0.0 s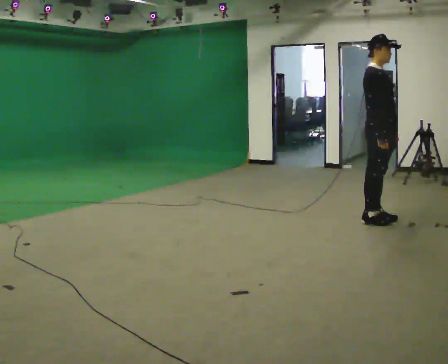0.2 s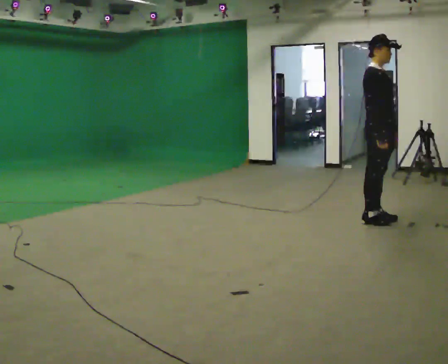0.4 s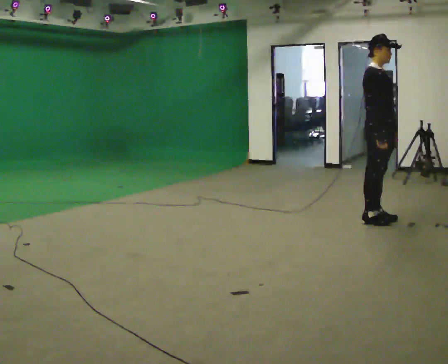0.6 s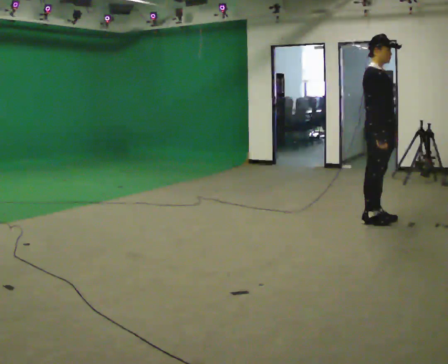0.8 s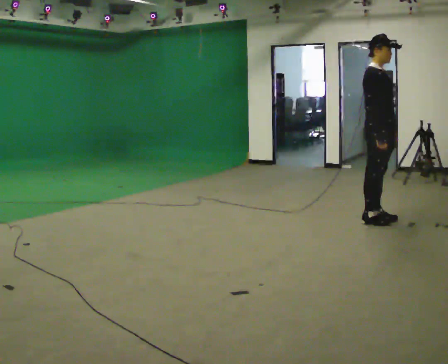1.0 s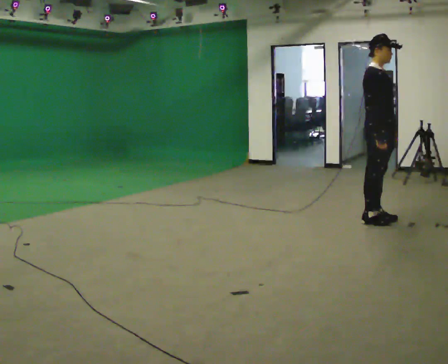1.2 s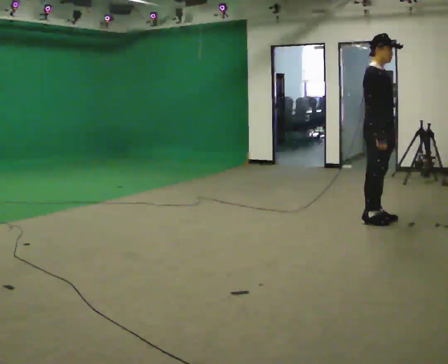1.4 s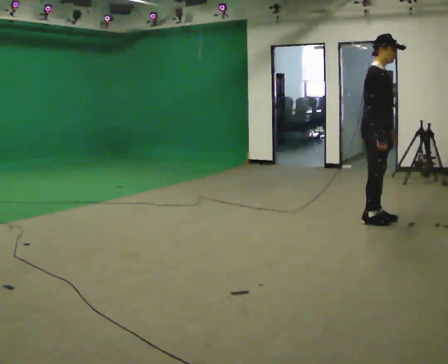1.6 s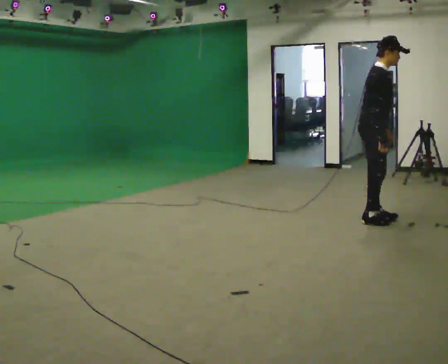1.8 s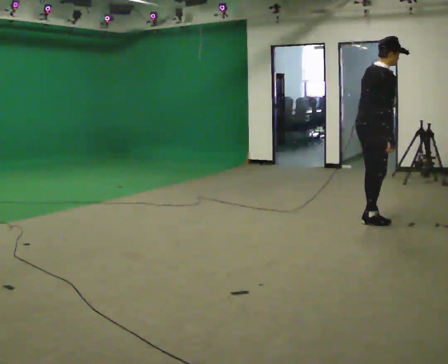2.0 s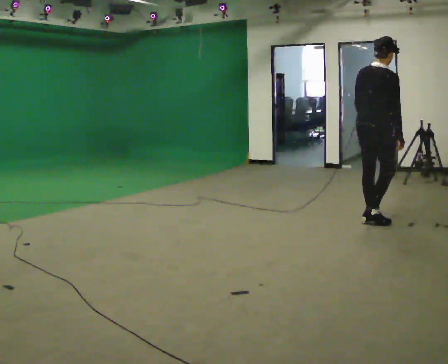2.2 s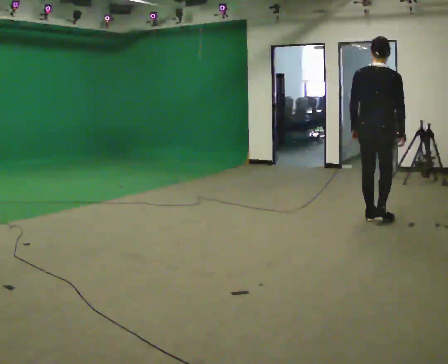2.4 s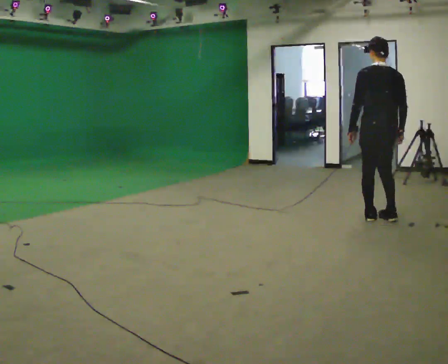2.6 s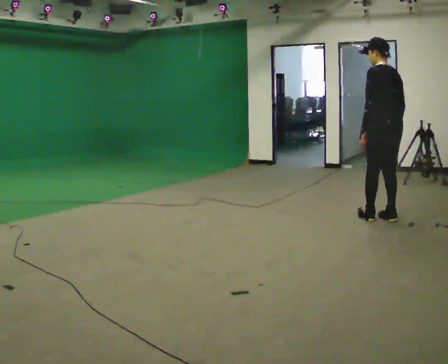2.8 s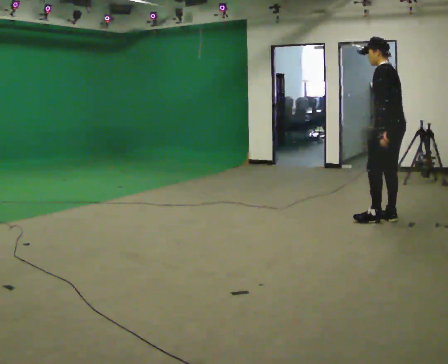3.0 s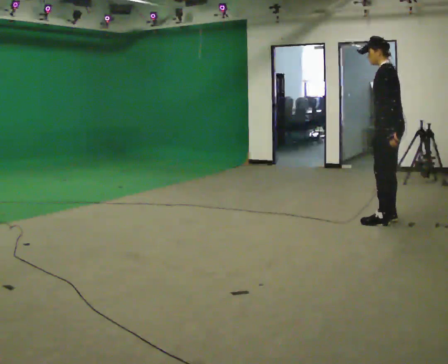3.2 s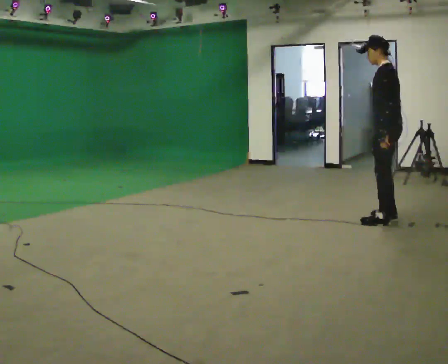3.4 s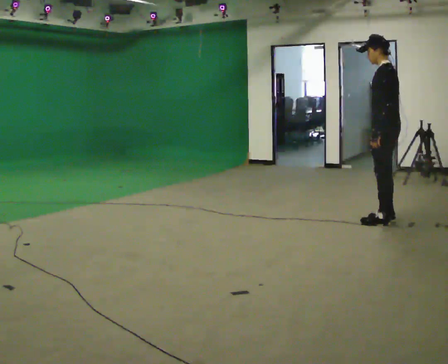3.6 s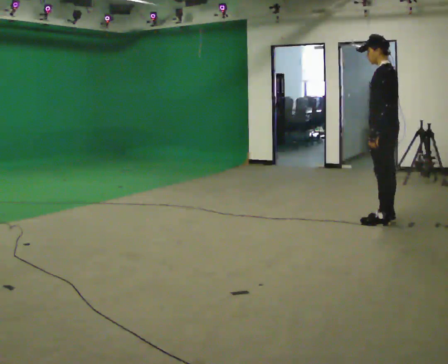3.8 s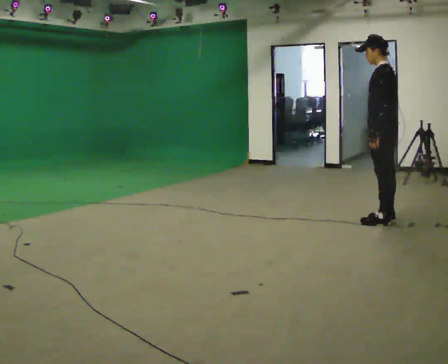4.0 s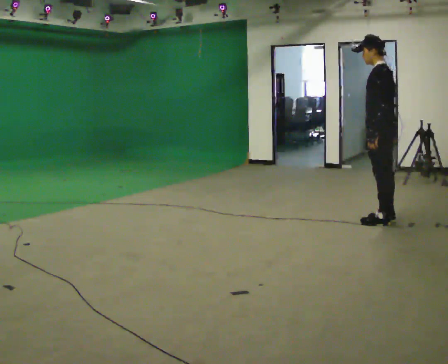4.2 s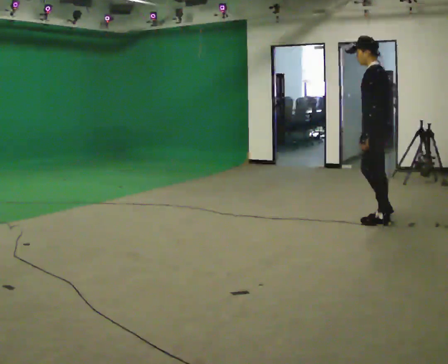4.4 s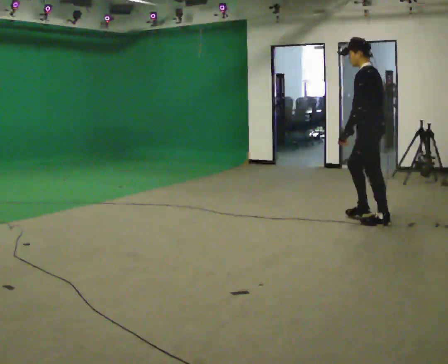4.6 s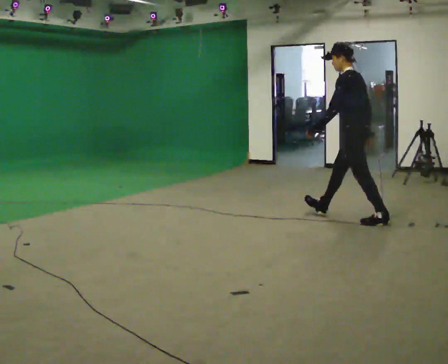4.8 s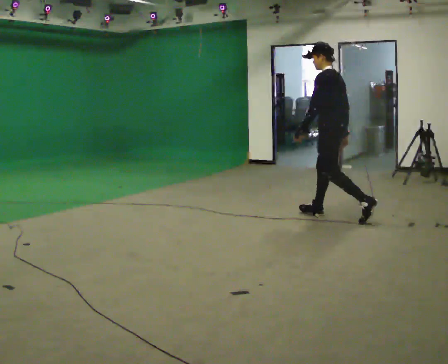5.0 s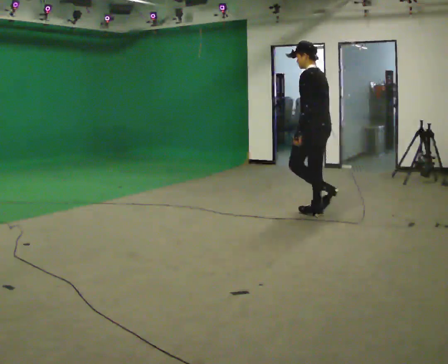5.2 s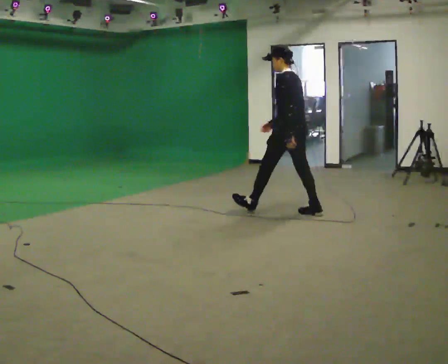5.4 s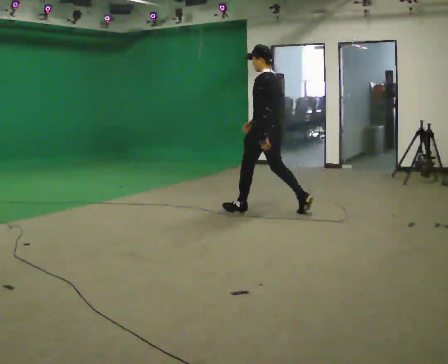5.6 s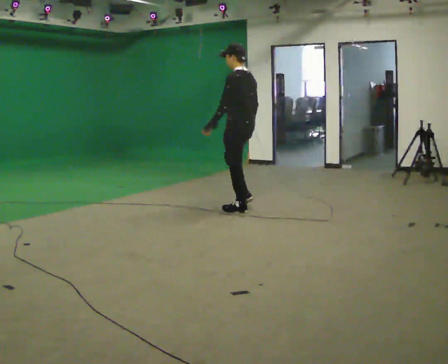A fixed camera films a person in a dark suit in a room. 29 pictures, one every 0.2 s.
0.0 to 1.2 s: The person keeps their place and pose.
1.2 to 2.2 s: The person turns about 105 degrees to their left, counterclockwise seen from above, so the part of the body nearest the lens slides to the right. In the picture their left hand goes to the left.
2.2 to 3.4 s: The part of the body nearest the lens slides to the right as the person turns to their left by about 90 degrees.
3.4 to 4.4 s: In the picture their left hand goes to the left.
4.4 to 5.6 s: In the picture they go to the left, about 1.5 m in 2 steps, which for them is forward.
The film runs forward here.
